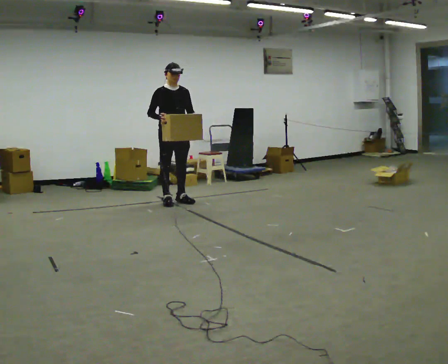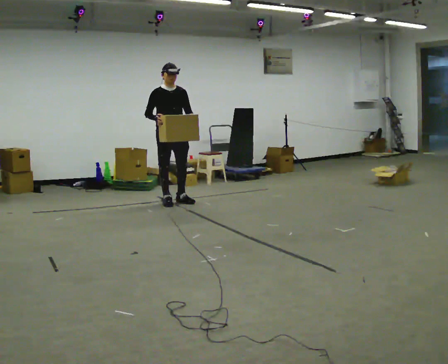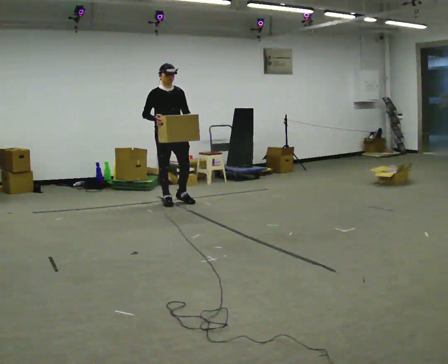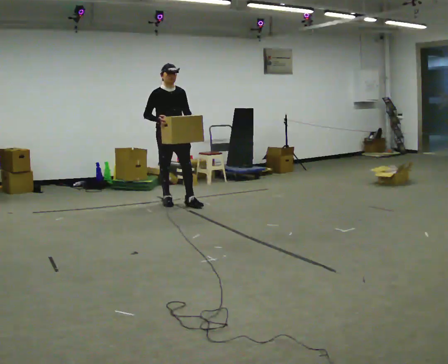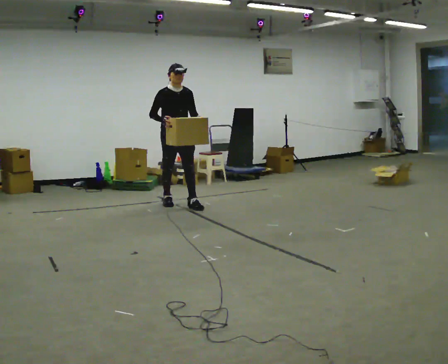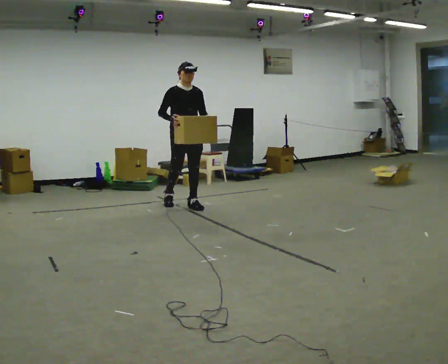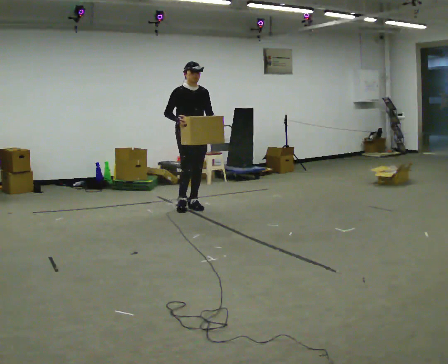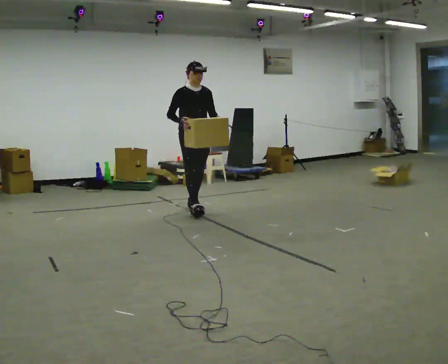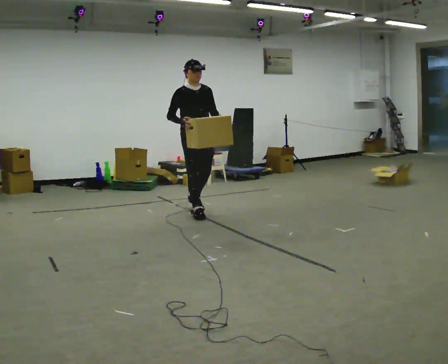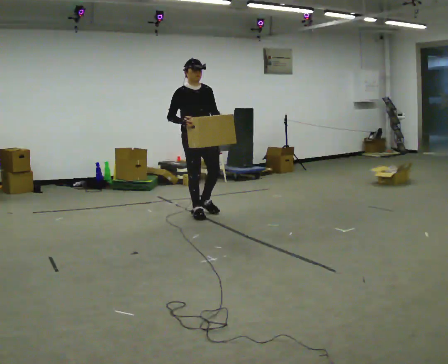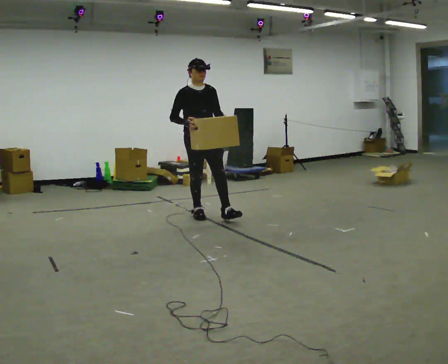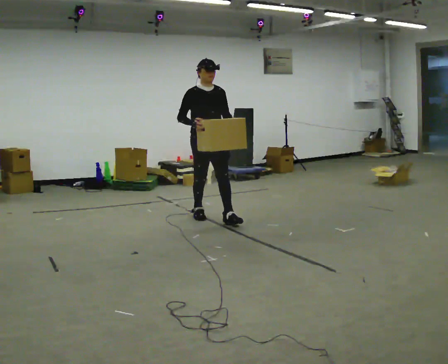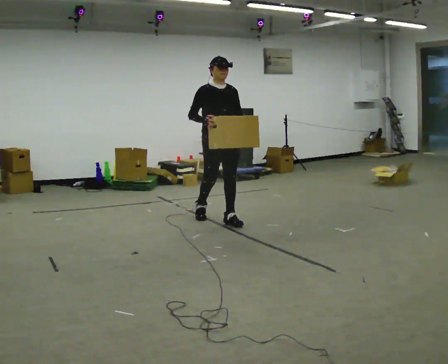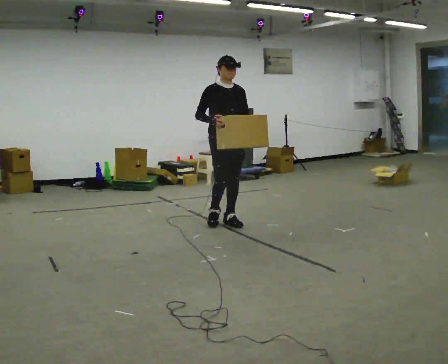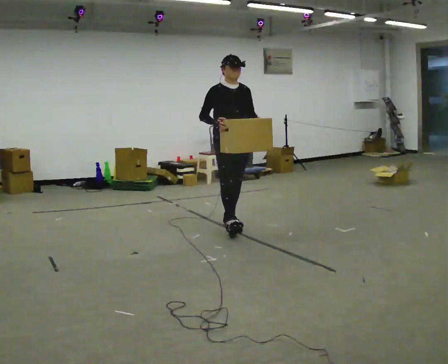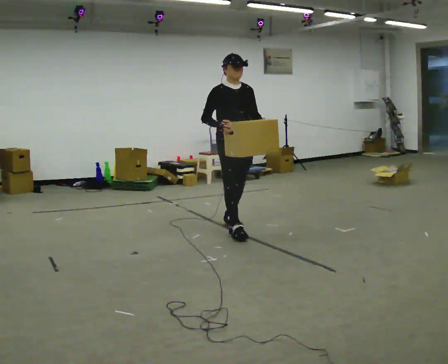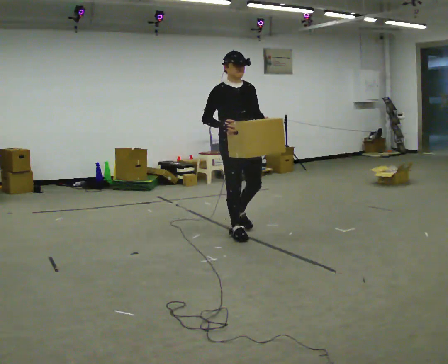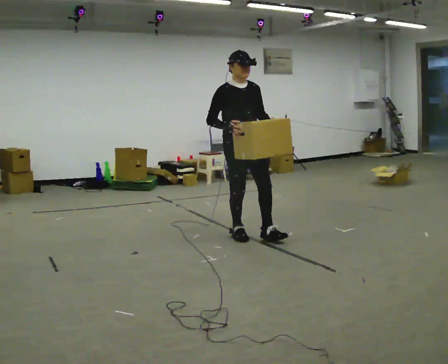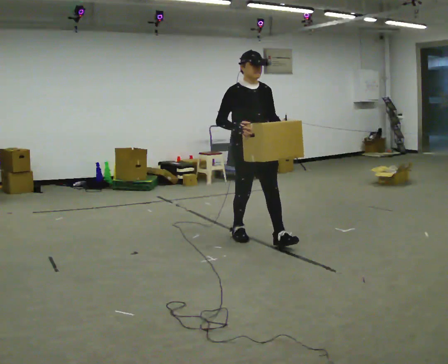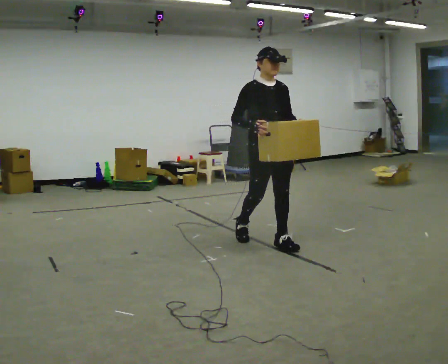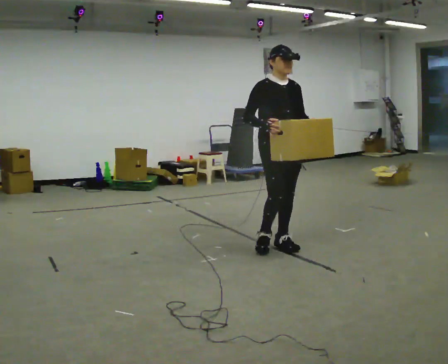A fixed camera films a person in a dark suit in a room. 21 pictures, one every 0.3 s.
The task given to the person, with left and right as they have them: Carry the box across the room much more slowly and carefully than normal, back and forth.
0.0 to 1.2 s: In the picture they go toward the camera, about 0.25 m in 1 step, which for them is forward.
1.2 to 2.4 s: In the picture they go toward the camera and to the right, about 0.5 m in 1 step, which for them is forward.
2.4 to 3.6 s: In the picture they go toward the camera and to the right, about 0.5 m in 1 step, which for them is forward.
3.6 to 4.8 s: In the picture they go toward the camera, about 0.5 m in 1 step, which for them is forward.
4.8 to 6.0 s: In the picture they go toward the camera and to the right, about 0.5 m in 1 step, which for them is forward.
The film runs forward here.
